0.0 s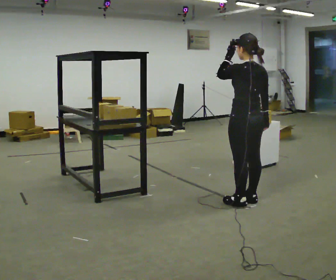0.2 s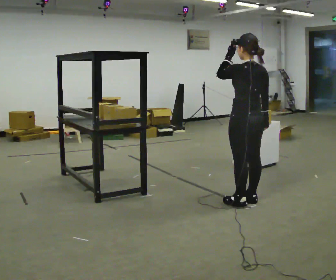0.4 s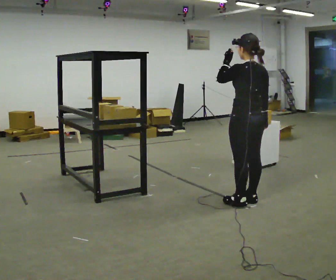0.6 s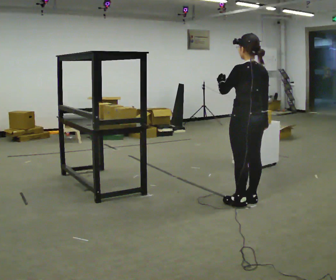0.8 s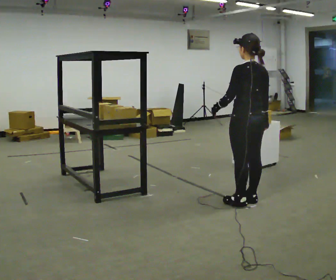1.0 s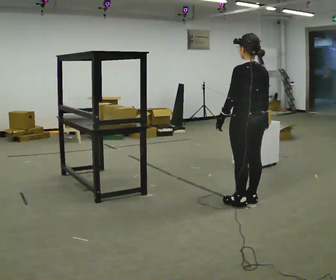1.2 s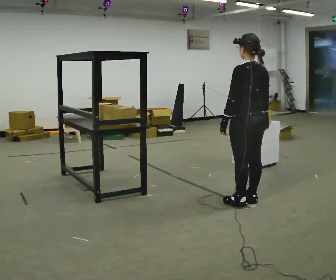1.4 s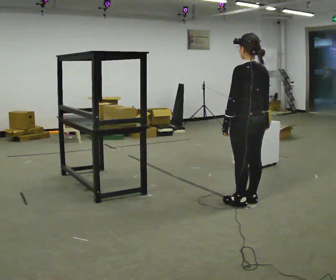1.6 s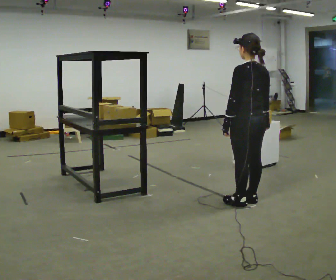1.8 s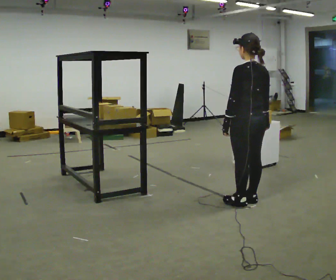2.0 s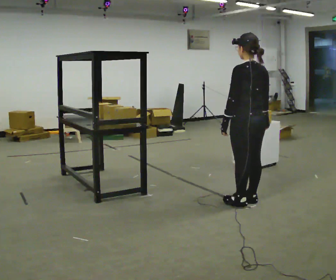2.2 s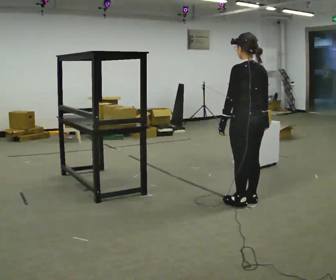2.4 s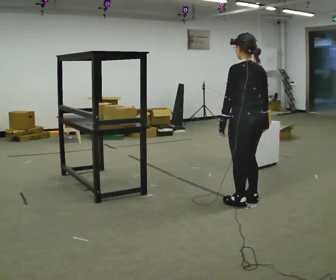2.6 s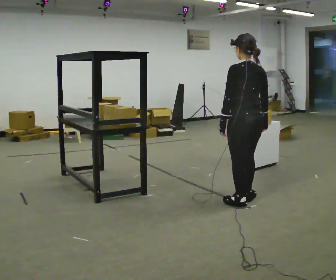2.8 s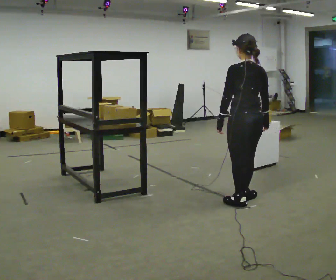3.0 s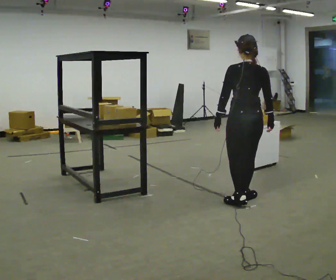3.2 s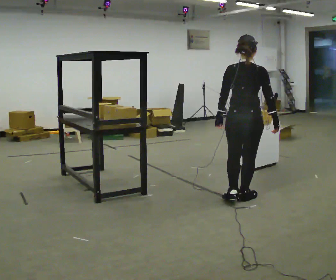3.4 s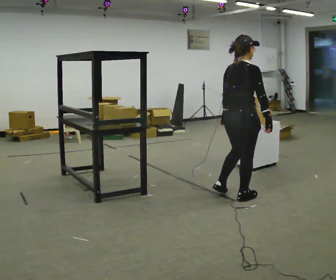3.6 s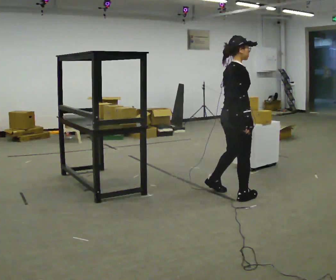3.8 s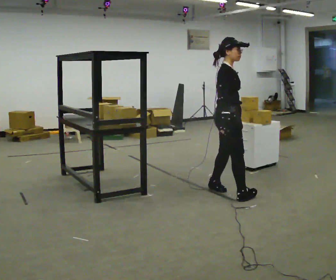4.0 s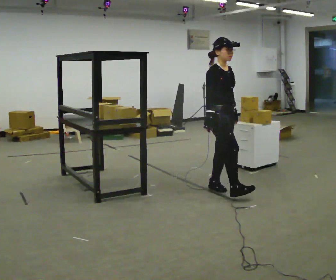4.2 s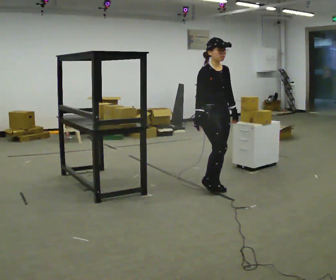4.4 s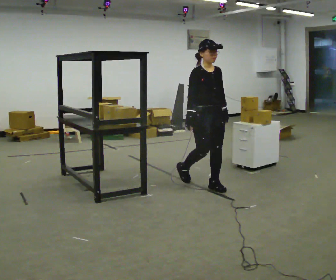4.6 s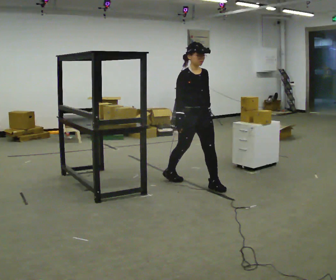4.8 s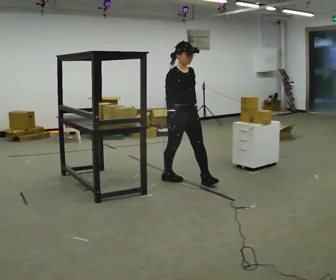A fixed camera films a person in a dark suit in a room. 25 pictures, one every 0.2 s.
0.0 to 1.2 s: In the picture their left hand goes downward.
1.2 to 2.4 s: The person moves a little, or ends about where they began.
2.4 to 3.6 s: The part of the body nearest the lens slides to the left as the person turns to their right by about 105 degrees. In the picture they go away from the camera, about 0.25 m in 2 steps.
3.6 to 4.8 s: The part of the body nearest the lens slides to the left as the person turns to their right by about 75 degrees. In the picture they go to the left and away from the camera, about 0.5 m in 2 steps.
The film runs backward here.
